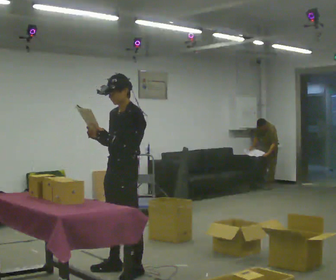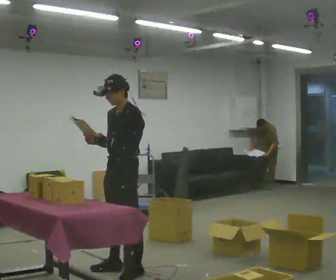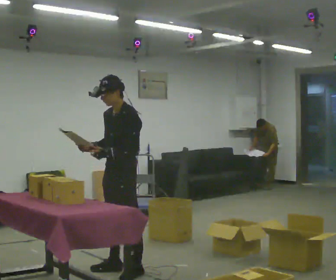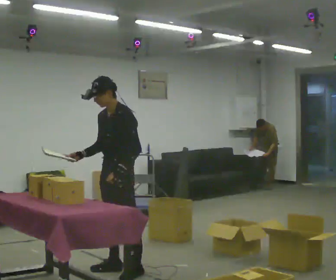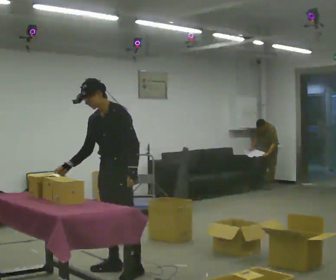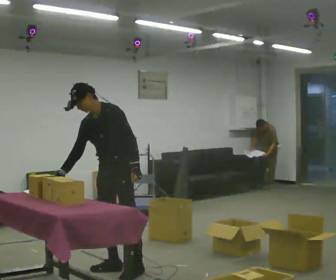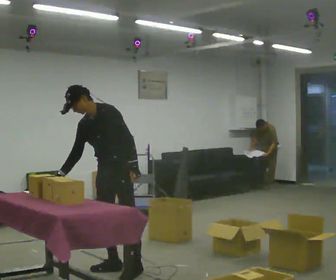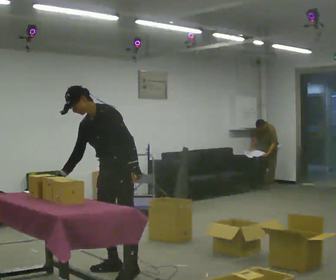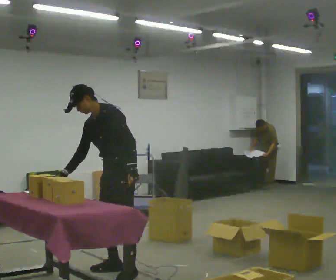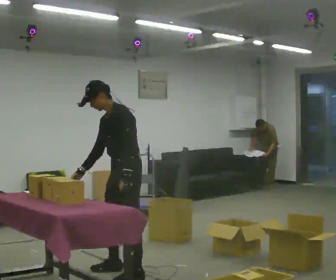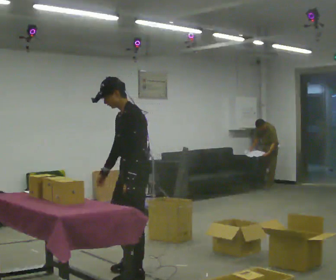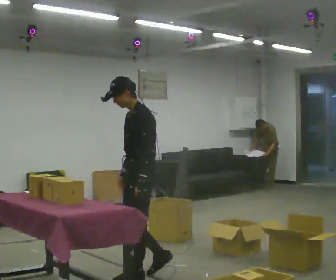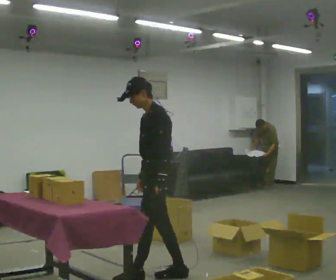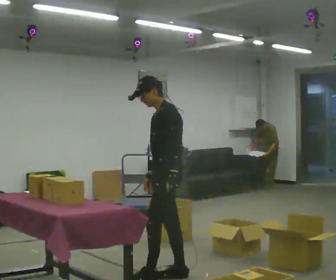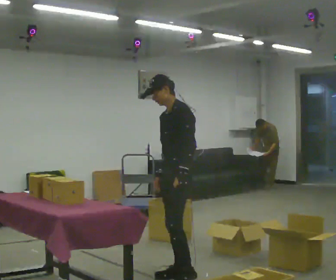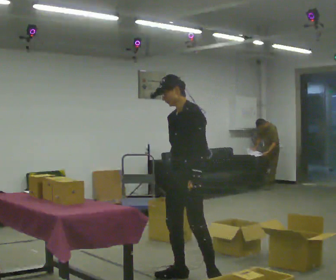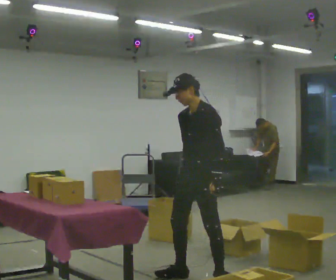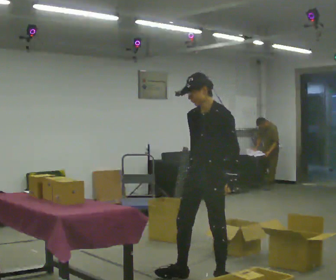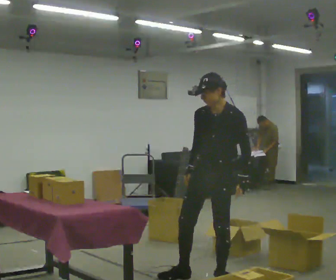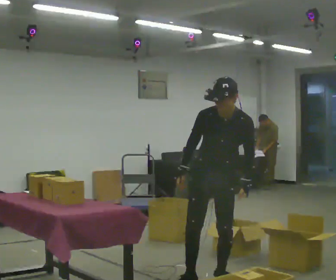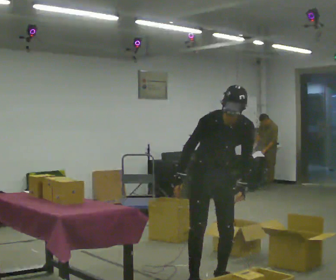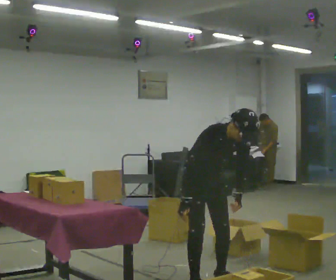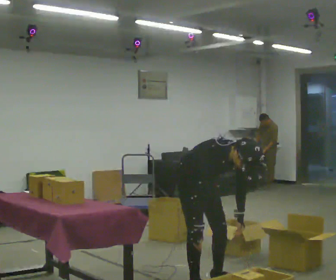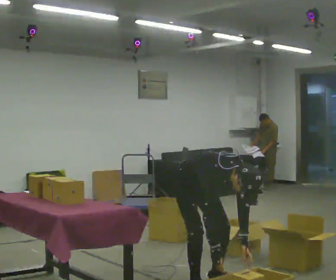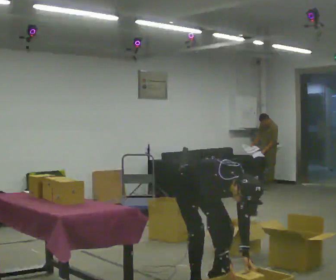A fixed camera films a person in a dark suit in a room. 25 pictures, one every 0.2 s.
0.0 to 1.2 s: In the picture the upper body tilts counterclockwise, shoulders to the left, as they bend forward.
1.2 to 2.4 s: The part of the body nearest the lens slides to the left as the person turns to their right by about 45 degrees. In the picture they go to the right and toward the camera, about 0.5 m in 2 steps, which for them is to their left and backward. In the picture the upper body tilts clockwise, shoulders to the right, as they lean back or straighten.
2.4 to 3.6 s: The part of the body nearest the lens slides to the right as the person turns to their left by about 45 degrees. In the picture they go to the right, about 0.5 m in 2 steps, which for them is to their left and backward.
3.6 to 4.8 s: The part of the body nearest the lens slides to the right as the person turns to their left by about 75 degrees. In the picture they go to the left, about 0.25 m. The upper body goes downward. The upper body tips toward the camera, its near side rolling downward, as they bend forward. In the picture their right hand goes downward.
The film runs backward here.
